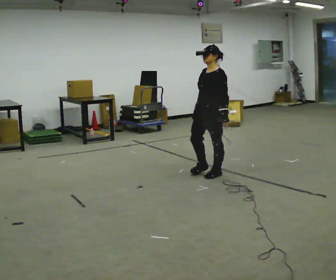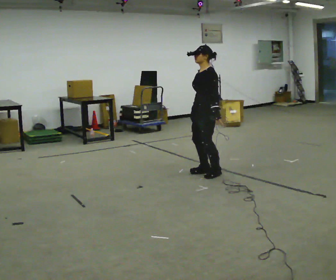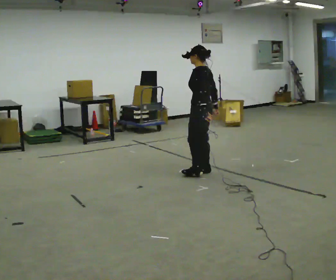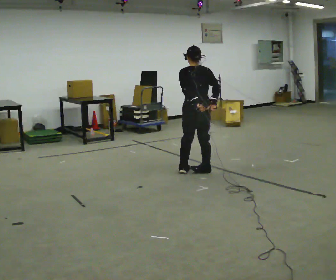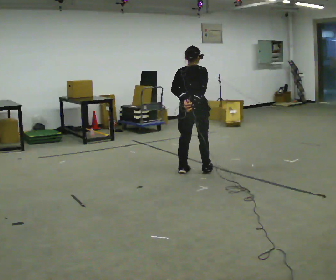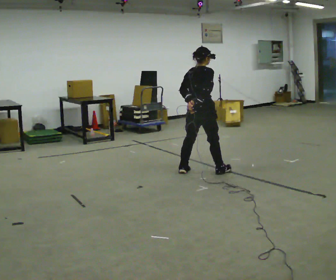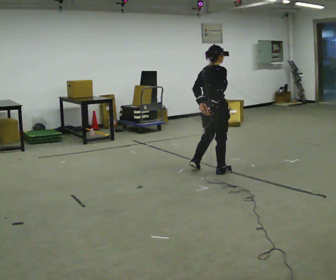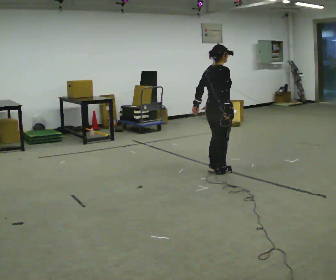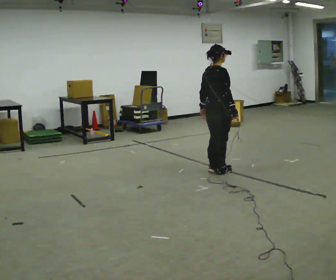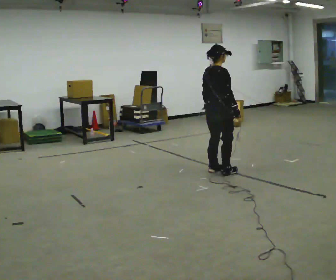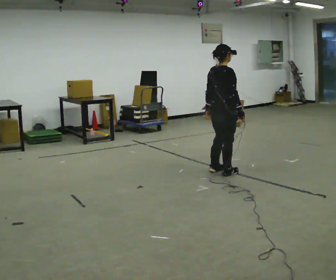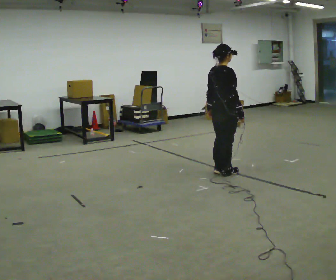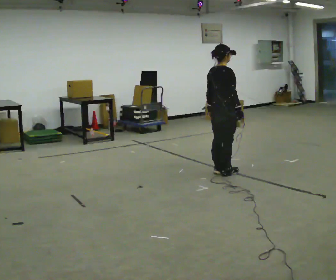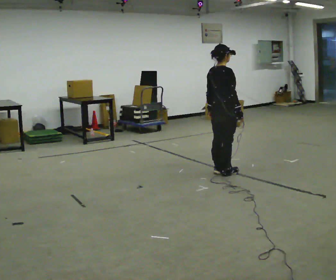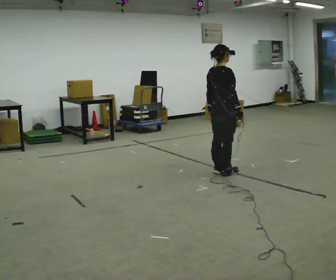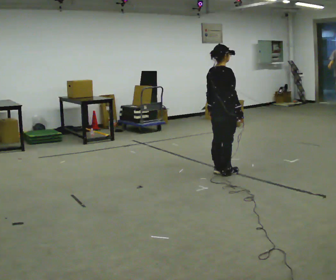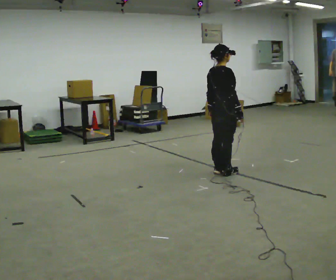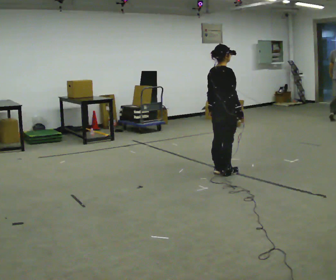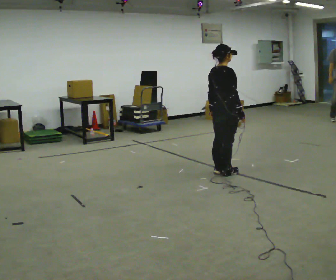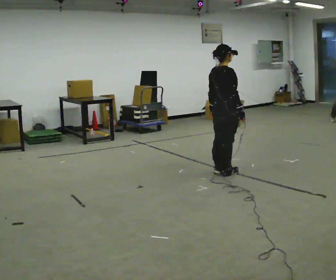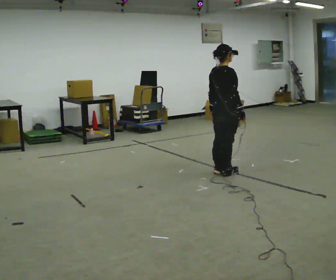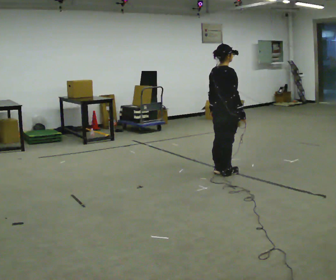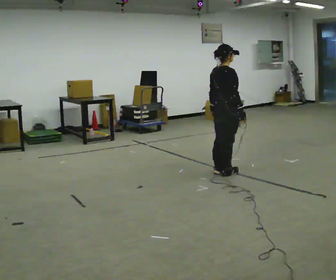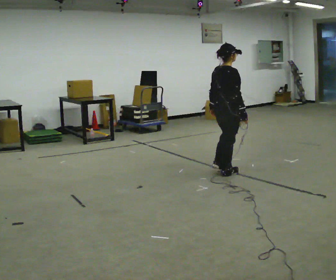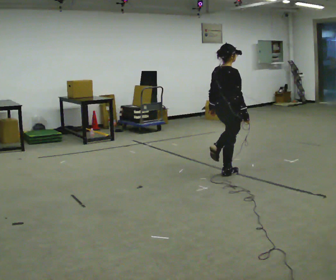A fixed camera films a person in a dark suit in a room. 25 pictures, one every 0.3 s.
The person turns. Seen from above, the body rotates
clockwise.
The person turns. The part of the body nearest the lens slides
to the left.
0.0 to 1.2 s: The part of the body nearest the lens slides to the left as the person turns to their right by about 150 degrees. In the picture they go to the left, about 0.25 m in 1 step.
1.2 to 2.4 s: Seen from above the body turns clockwise, about 30 degrees: to their right, with its near side sliding to the left. In the picture they go to the right, about 0.25 m in 2 steps, which for them is to their right and forward.
2.4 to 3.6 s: The person moves a little, or ends about where they began.
3.6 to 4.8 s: The person keeps their place and pose.
4.8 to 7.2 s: The person moves a little, or ends about where they began.
The film runs forward here.
